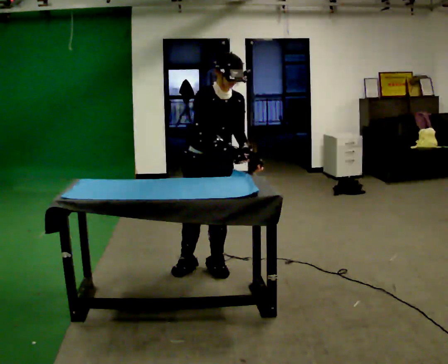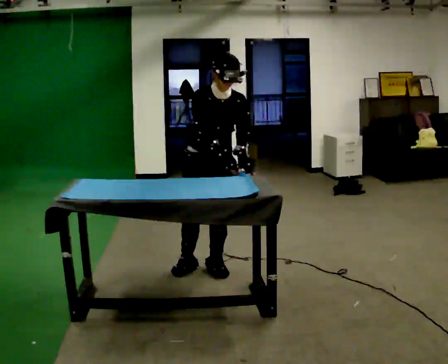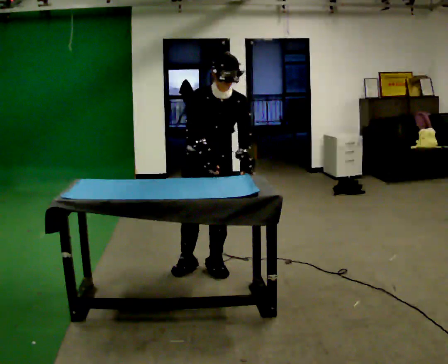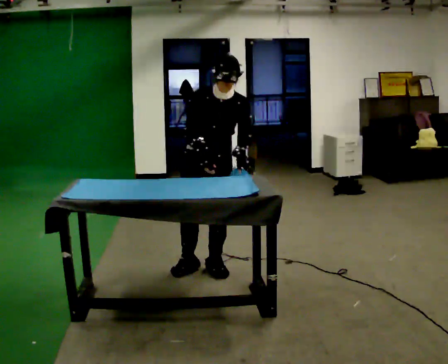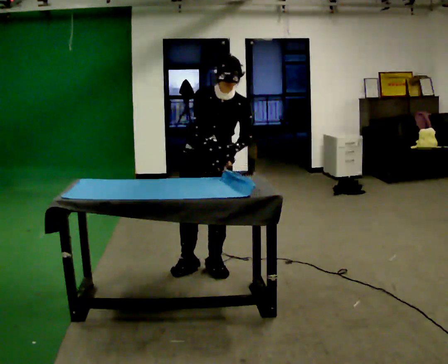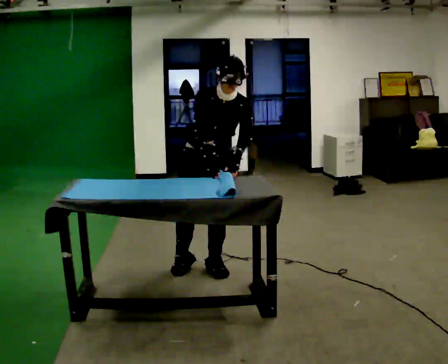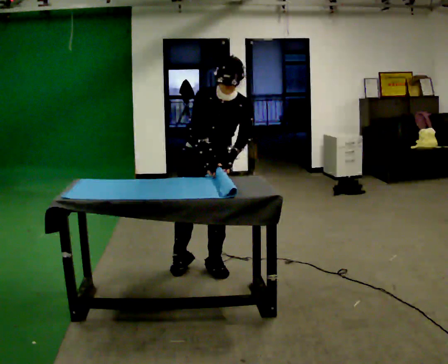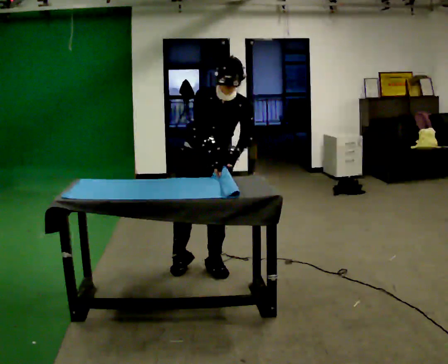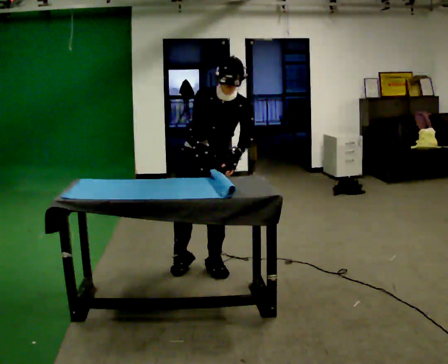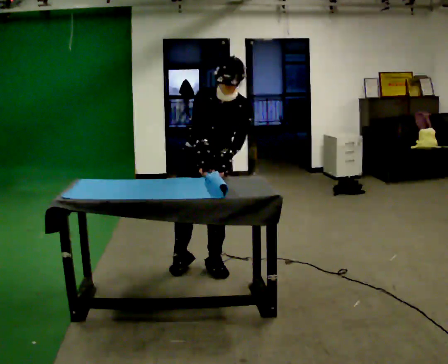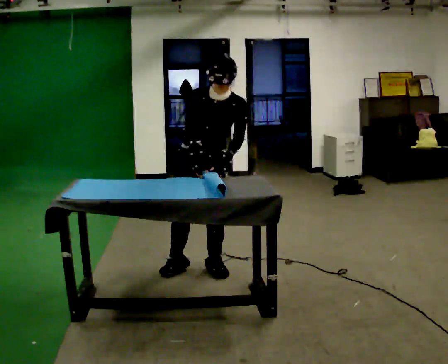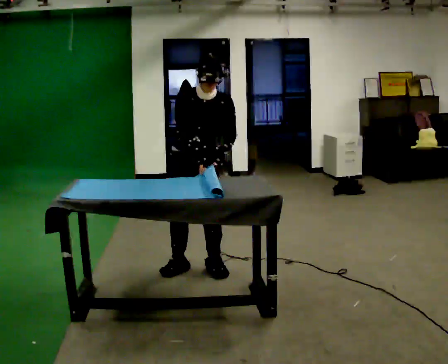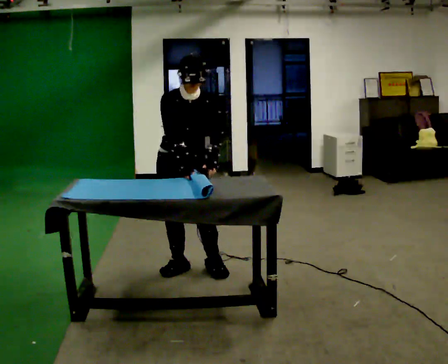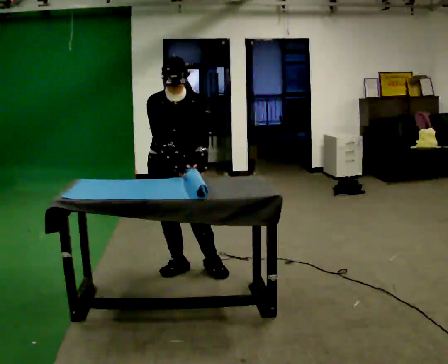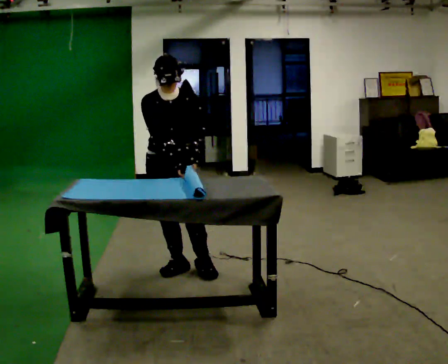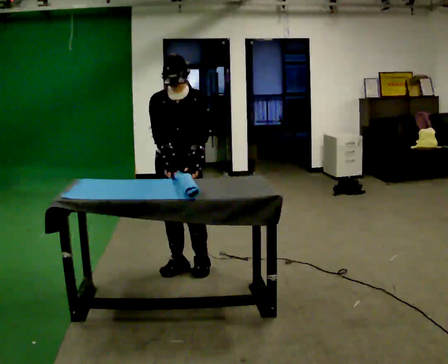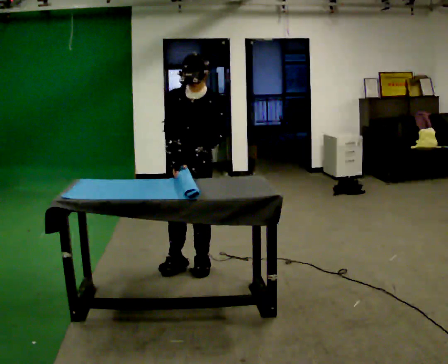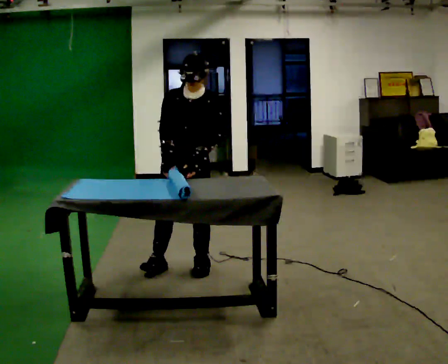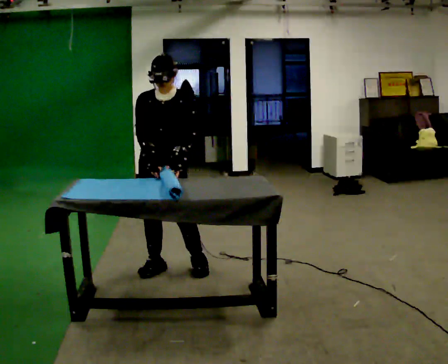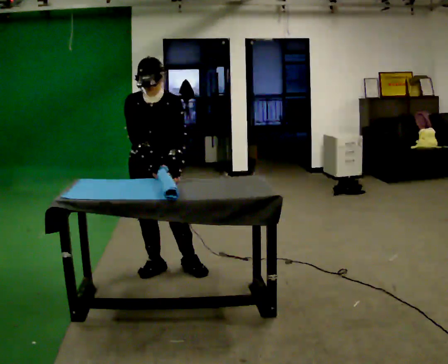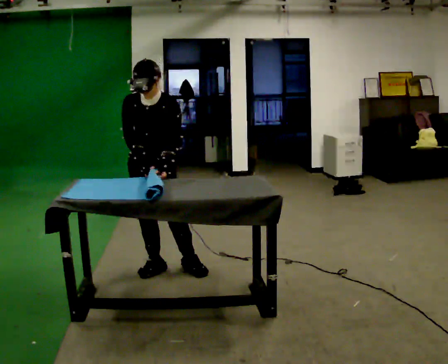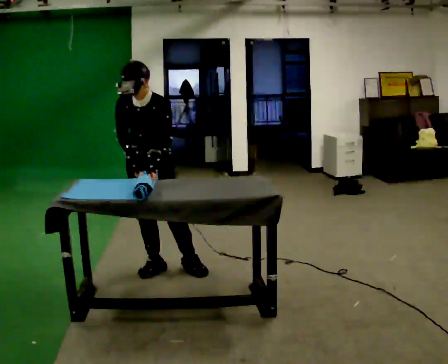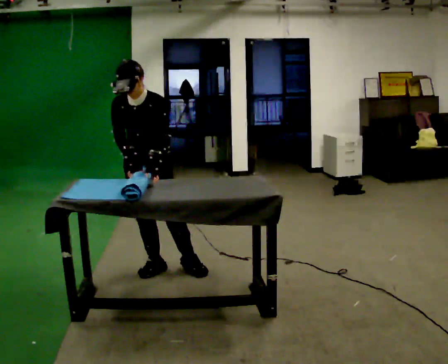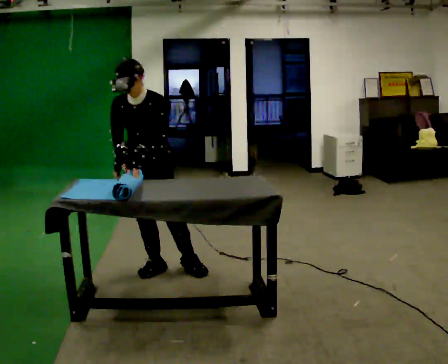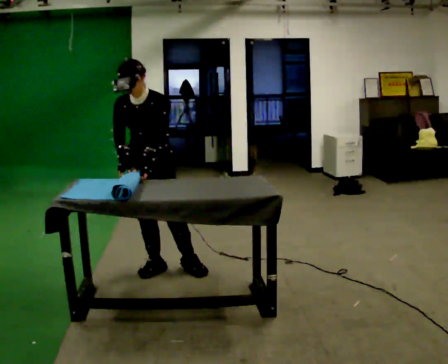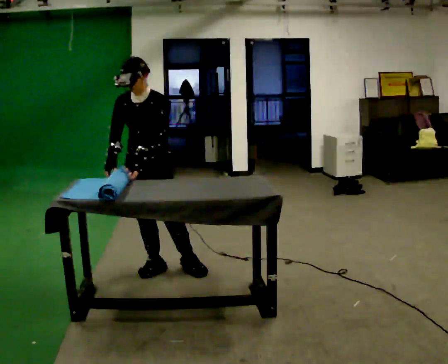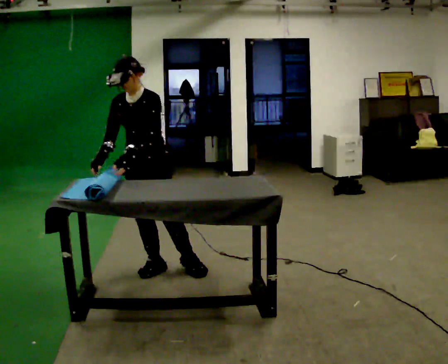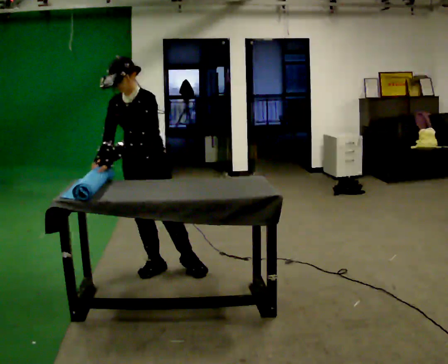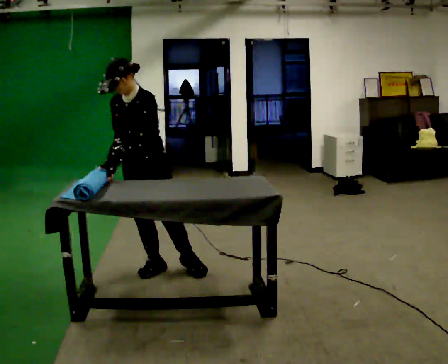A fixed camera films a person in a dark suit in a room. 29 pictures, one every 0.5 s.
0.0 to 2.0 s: The part of the body nearest the lens slides to the left as the person turns to their right by about 30 degrees.
2.0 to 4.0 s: The person moves a little, or ends about where they began.
4.0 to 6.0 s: In the picture they go to the left, about 0.25 m, which for them is to their right.
6.0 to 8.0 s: Seen from above the body turns clockwise, about 30 degrees: to their right, with its near side sliding to the left.
8.0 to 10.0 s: In the picture they go to the left, about 0.25 m in 1 step, which for them is to their right.
10.0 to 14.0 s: In the picture their left hand goes to the left.
The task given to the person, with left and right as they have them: Roll the mat up from one end, then unroll it again. Repeat at your own pace until the operator says stop.
The film runs forward here.
